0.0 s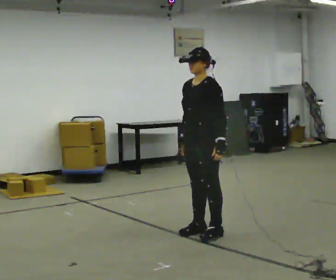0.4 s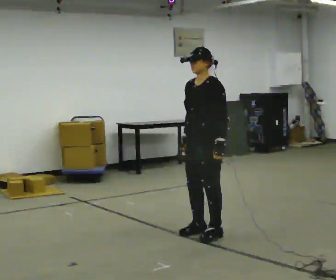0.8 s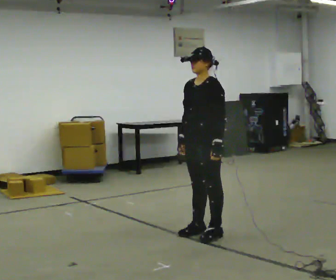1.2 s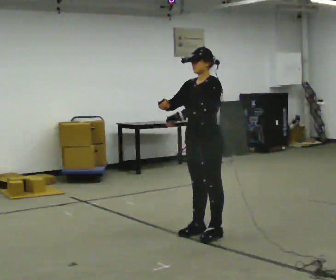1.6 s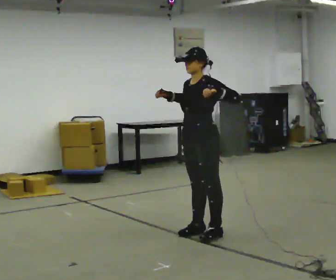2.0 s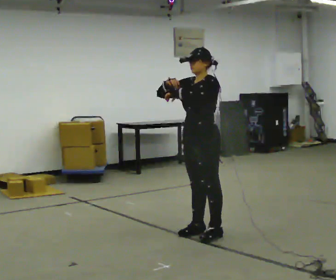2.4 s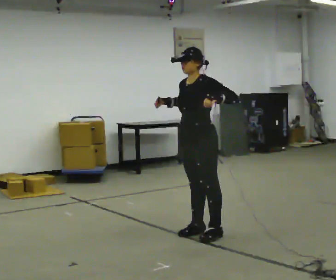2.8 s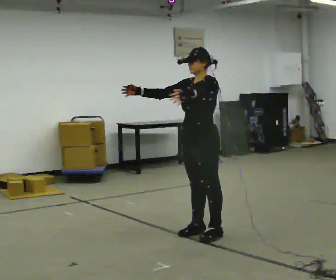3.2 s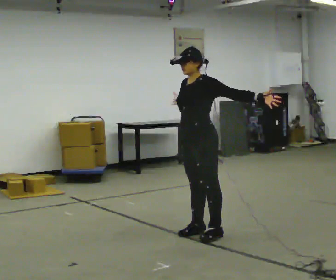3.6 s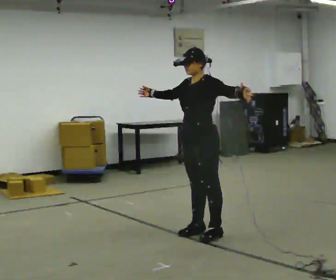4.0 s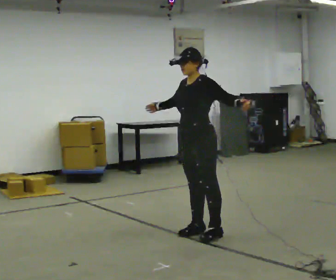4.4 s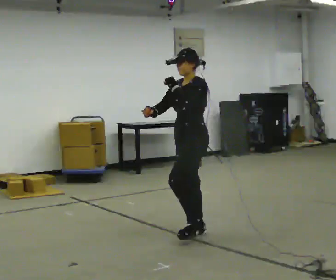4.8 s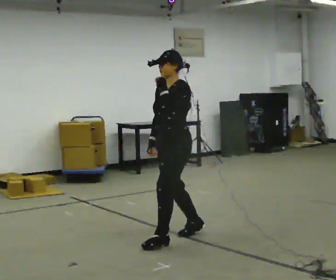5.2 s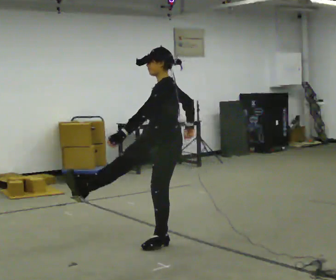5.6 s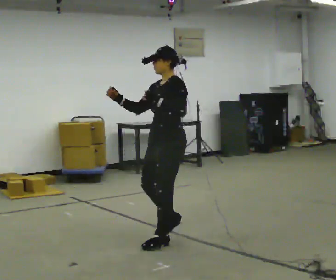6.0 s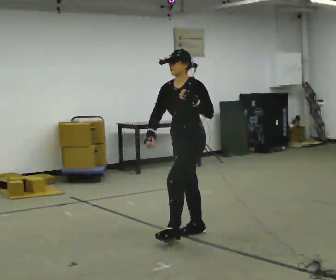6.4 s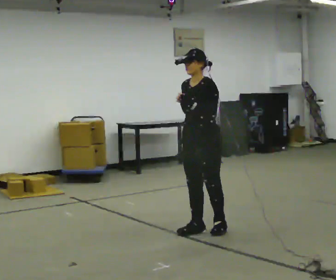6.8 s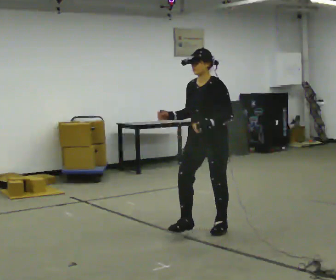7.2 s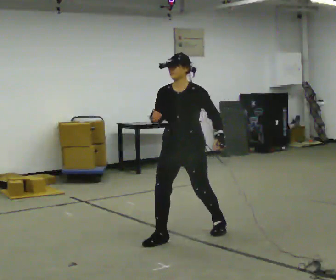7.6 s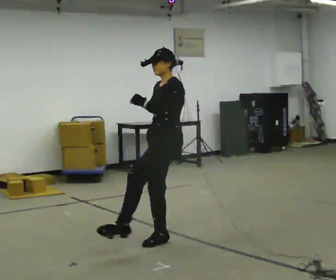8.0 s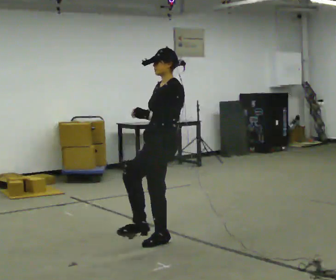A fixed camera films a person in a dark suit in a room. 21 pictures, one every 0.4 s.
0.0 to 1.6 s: In the picture their left hand goes upward.
1.6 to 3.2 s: In the picture their left hand goes to the right.
3.2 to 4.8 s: In the picture they go to the left, about 0.25 m in 1 step, which for them is forward. In the picture their left hand goes to the left.
4.8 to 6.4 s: In the picture they go away from the camera and to the right, about 0.25 m in 1 step, which for them is backward.
6.4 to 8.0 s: The person turns about 30 degrees to their right, clockwise seen from above, so the part of the body nearest the lens slides to the left. In the picture they go to the left and toward the camera, about 0.5 m in 1 step, which for them is forward and to their right.
The film runs forward here.
